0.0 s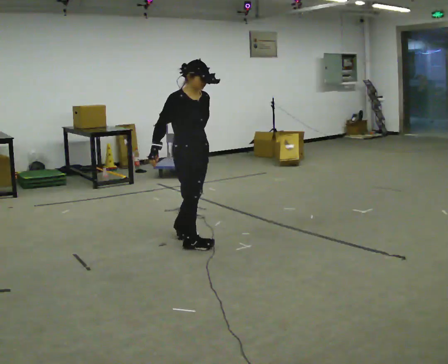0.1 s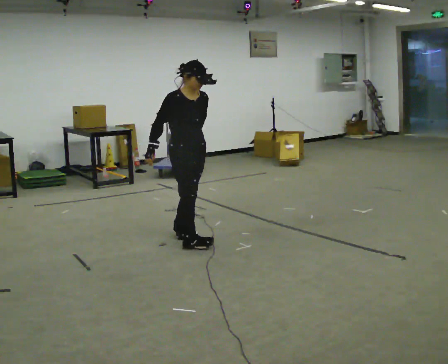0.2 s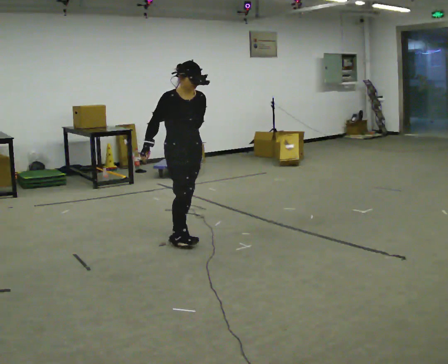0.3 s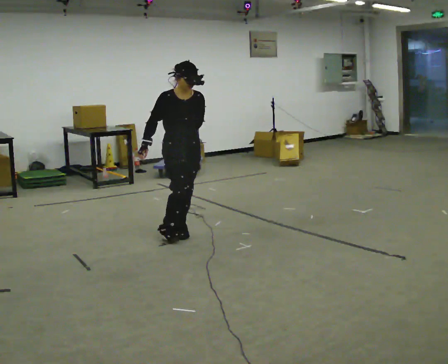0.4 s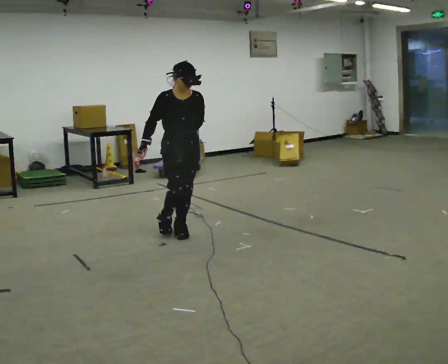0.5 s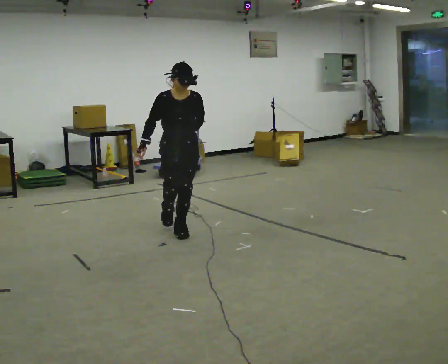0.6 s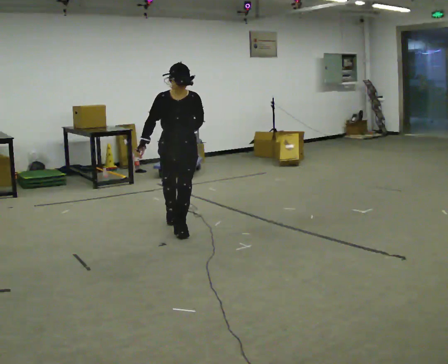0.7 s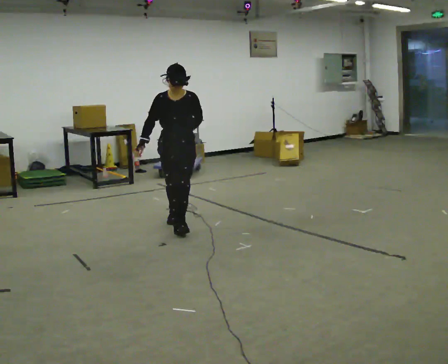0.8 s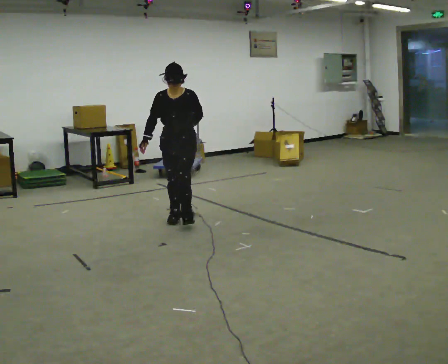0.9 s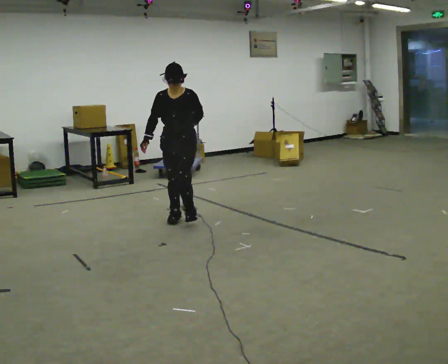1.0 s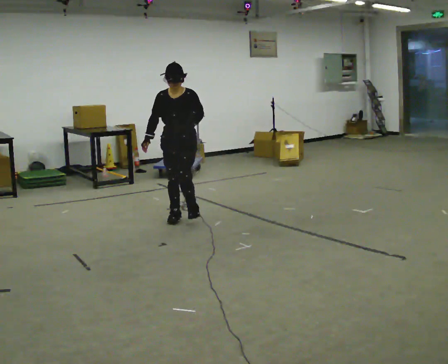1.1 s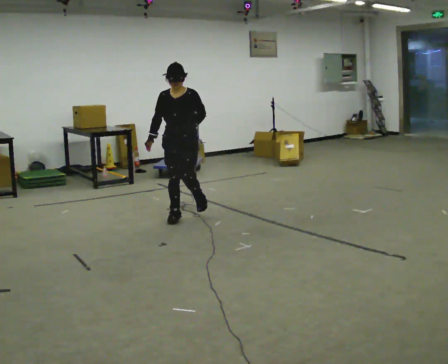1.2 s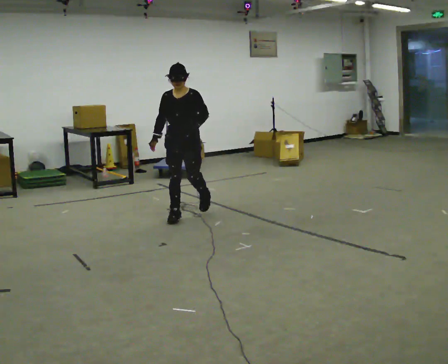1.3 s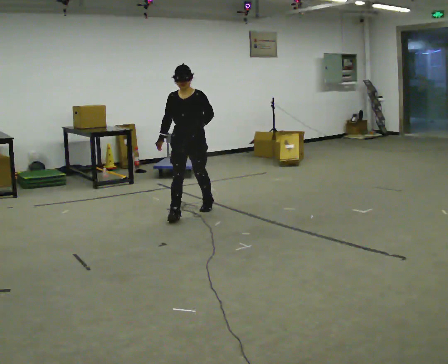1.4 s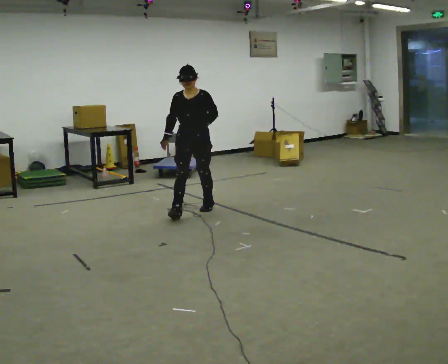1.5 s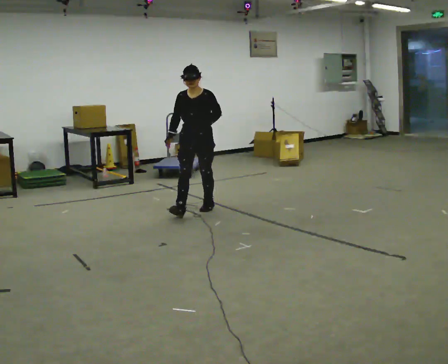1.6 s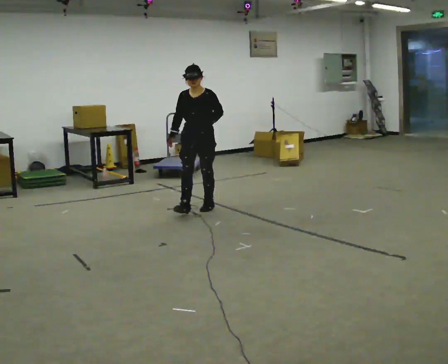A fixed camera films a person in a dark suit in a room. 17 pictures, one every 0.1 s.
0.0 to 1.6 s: The person turns about 60 degrees to their right, clockwise seen from above, so the part of the body nearest the lens slides to the left. In the picture they go away from the camera, about 1 m in 3 steps.
The film runs backward here.
